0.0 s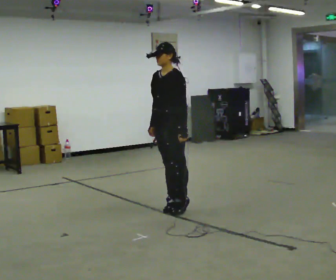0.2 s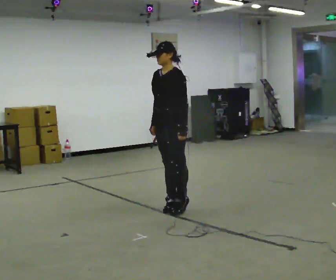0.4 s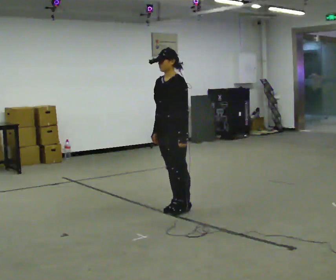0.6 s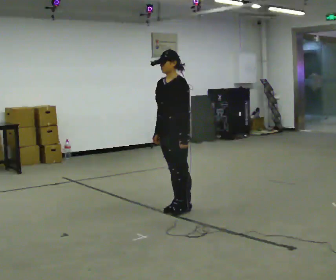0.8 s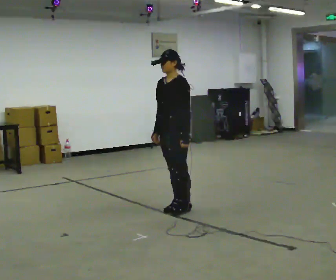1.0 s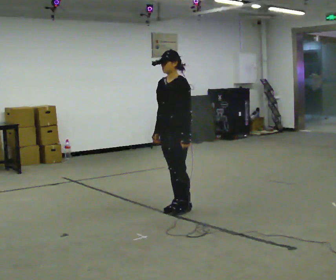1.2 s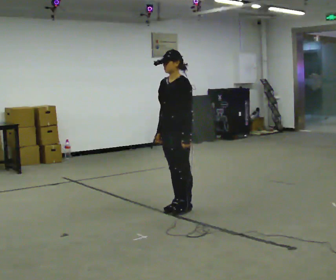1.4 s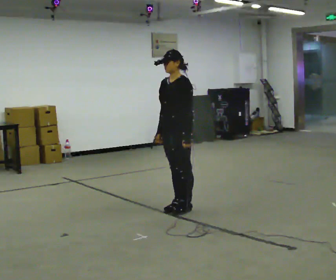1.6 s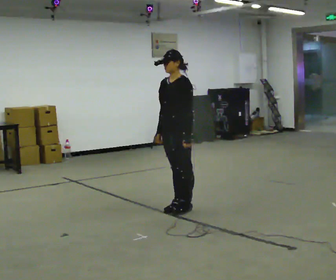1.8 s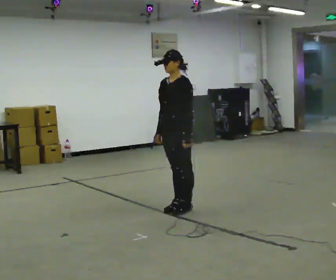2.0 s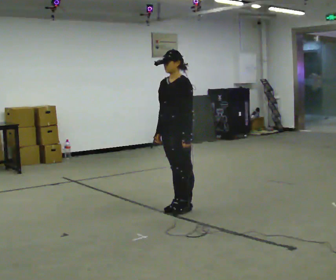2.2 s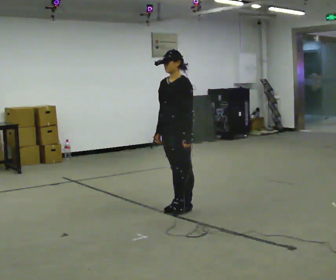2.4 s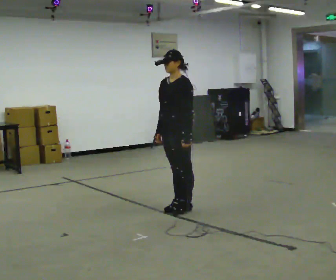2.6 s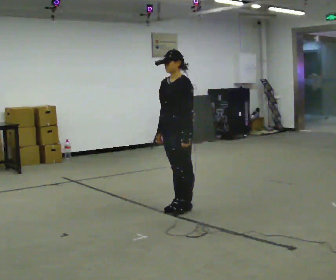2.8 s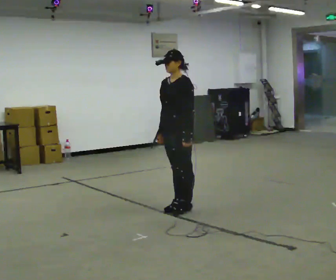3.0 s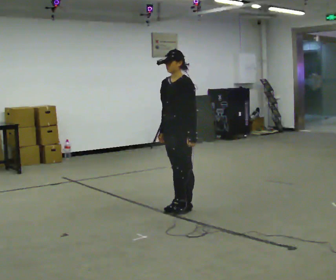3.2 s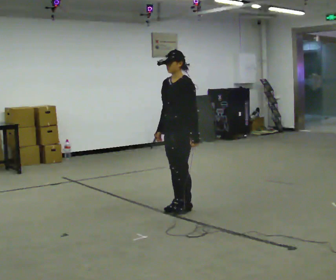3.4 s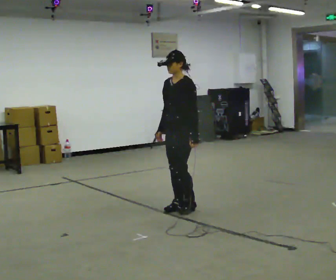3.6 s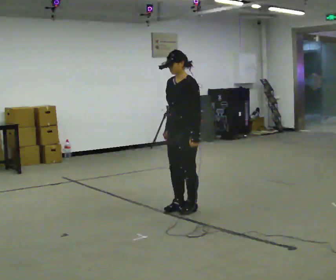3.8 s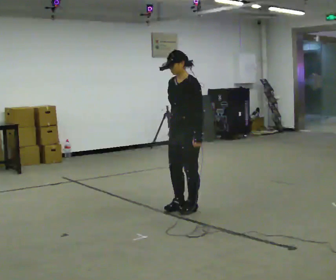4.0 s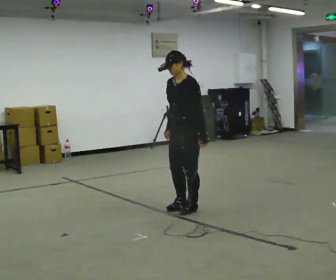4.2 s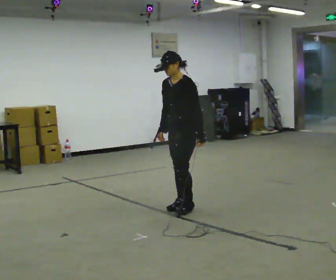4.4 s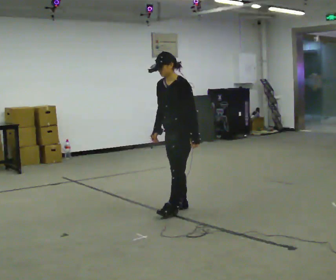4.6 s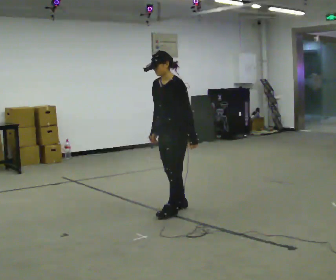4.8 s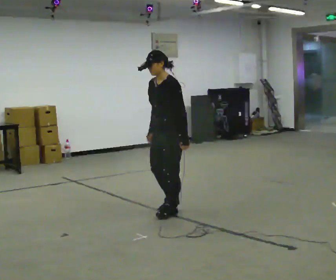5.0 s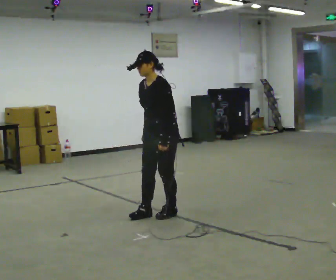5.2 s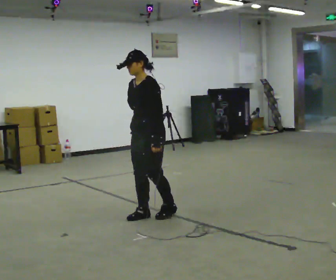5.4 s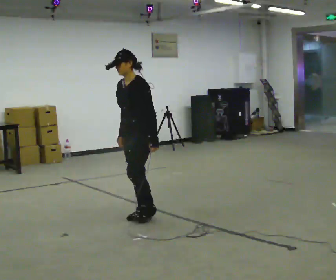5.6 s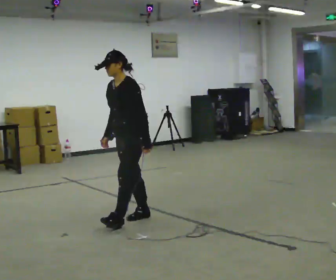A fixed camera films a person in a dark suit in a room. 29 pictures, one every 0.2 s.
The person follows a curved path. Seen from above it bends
clockwise.
0.0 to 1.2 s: The person moves a little, or ends about where they began.
1.2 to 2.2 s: The person keeps their place and pose.
2.2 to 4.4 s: The person moves a little, or ends about where they began.
4.4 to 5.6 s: In the picture they go to the left and toward the camera, about 0.5 m in 2 steps, which for them is forward.
The film runs backward here.
